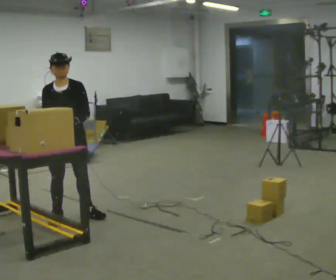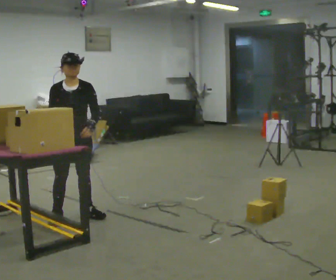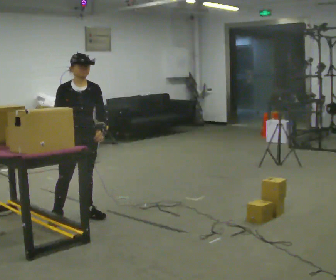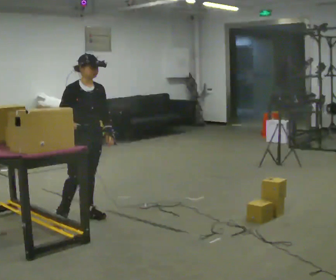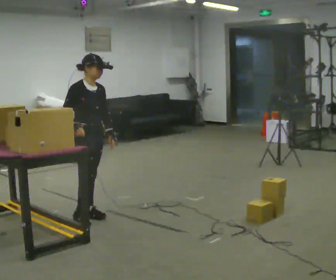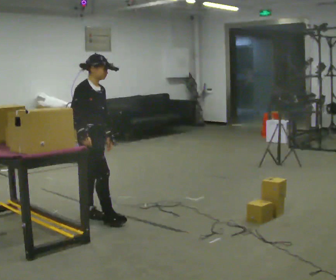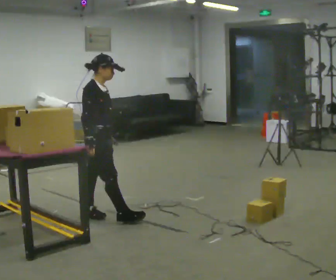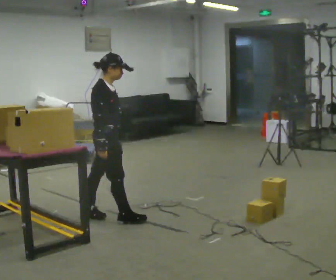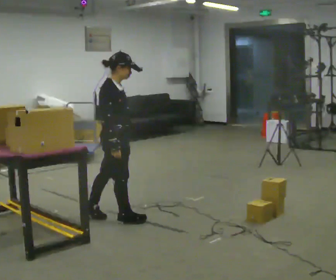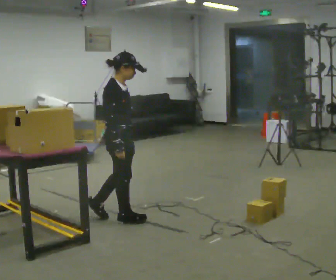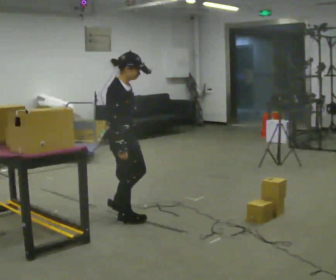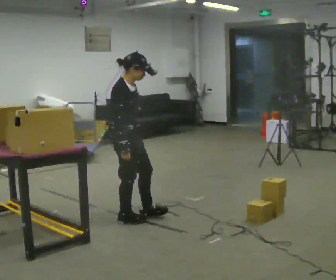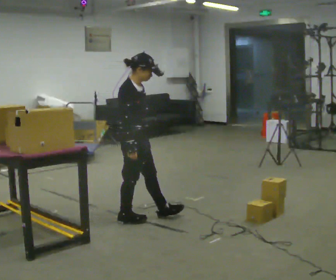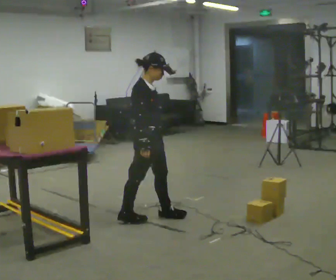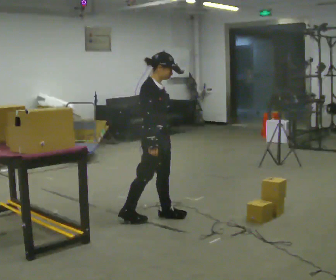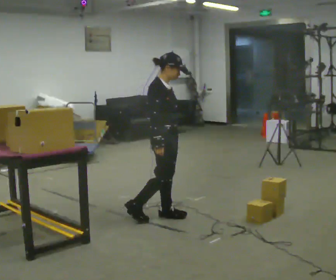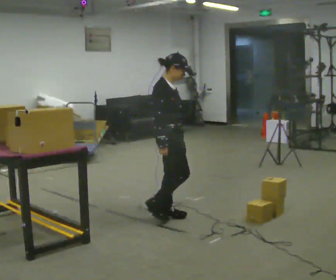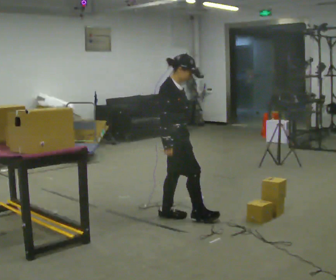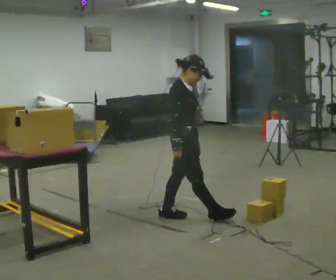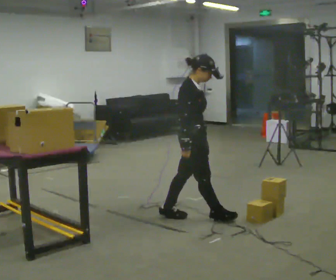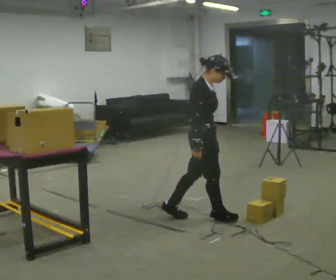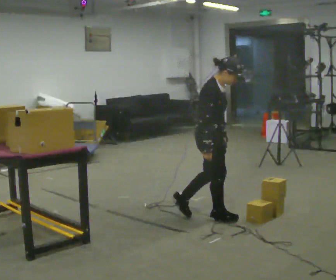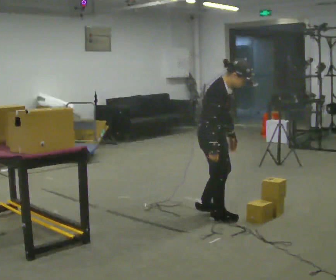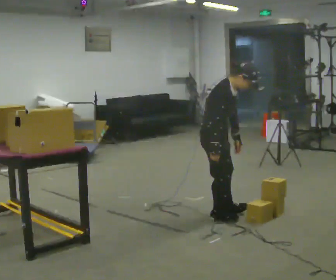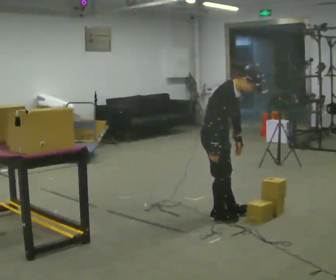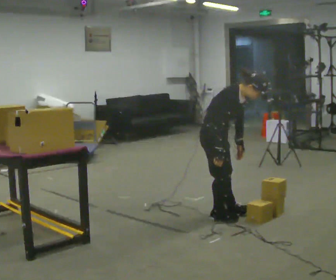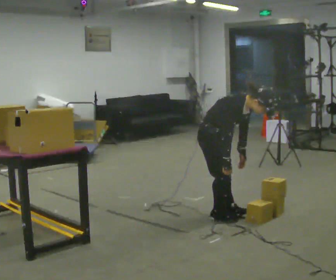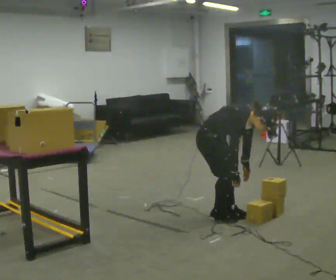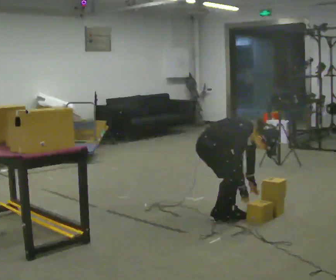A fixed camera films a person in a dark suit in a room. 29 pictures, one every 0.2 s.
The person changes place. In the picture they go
to the right.
Their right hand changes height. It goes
downward.
0.0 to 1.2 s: The part of the body nearest the lens slides to the right as the person turns to their left by about 75 degrees. In the picture they go to the right, about 0.25 m in 1 step.
1.2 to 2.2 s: In the picture they go to the right, about 0.25 m, which for them is forward.
2.2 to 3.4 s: In the picture they go to the right, about 0.5 m in 1 step, which for them is forward and to their left.
3.4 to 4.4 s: In the picture they go to the right, about 0.25 m in 1 step, which for them is forward. In the picture the upper body tilts clockwise, shoulders to the right, as they bend forward.
4.4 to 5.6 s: The upper body goes downward. In the picture the upper body tilts clockwise, shoulders to the right, as they bend forward. In the picture their right hand goes downward.
The film runs forward here.
